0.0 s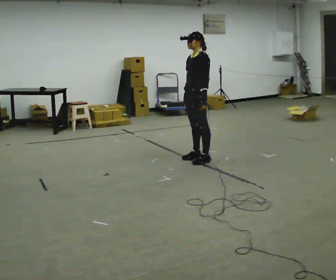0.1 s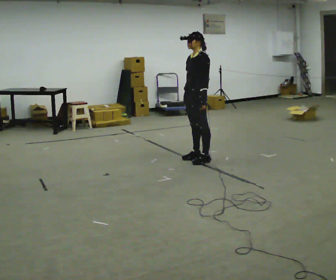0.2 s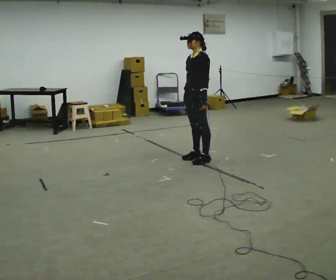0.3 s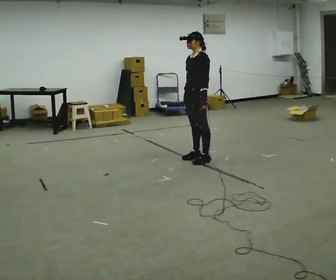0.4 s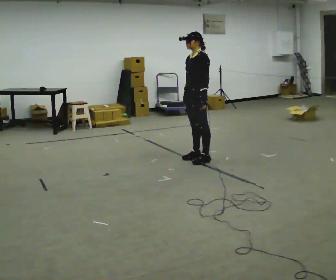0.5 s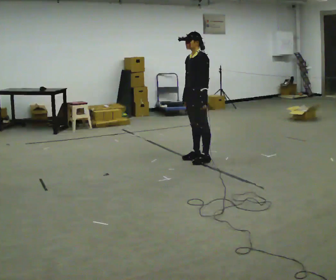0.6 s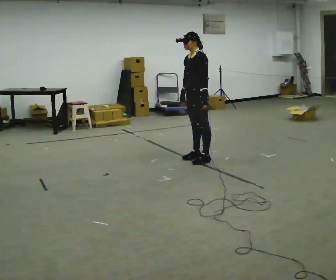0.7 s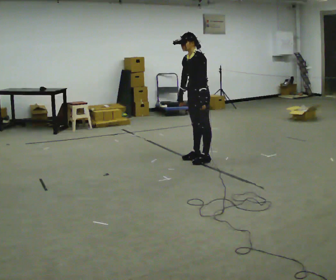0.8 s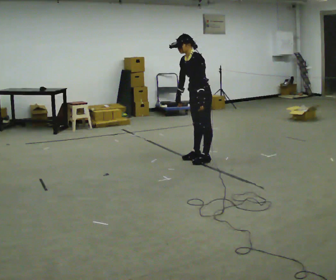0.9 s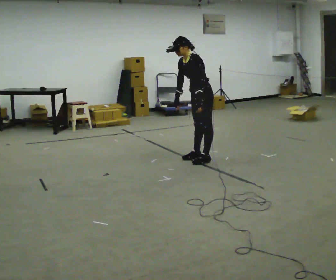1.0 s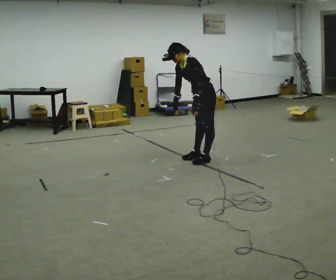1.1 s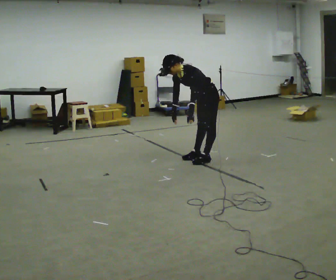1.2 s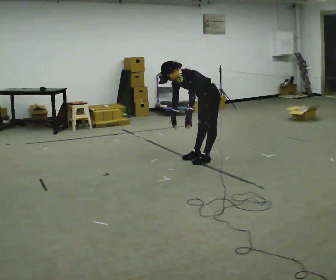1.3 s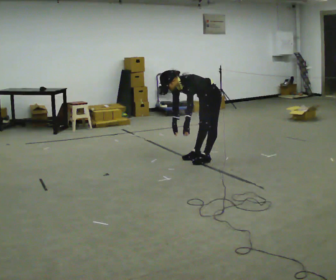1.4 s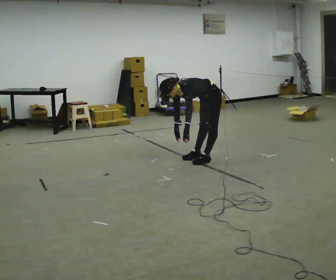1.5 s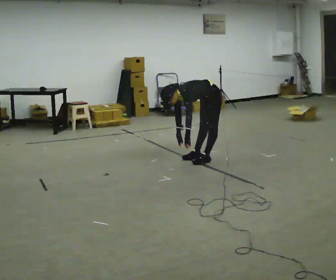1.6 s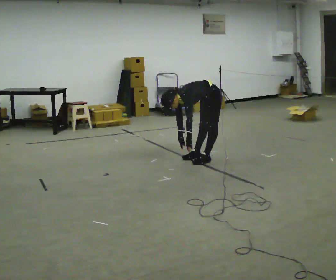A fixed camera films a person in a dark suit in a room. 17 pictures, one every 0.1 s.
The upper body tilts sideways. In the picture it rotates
counterclockwise.
Their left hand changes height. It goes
downward.
0.0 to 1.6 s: The shoulders move downward. In the picture the upper body tilts counterclockwise, shoulders to the left, as they bend forward. In the picture their right hand goes downward.
The film runs forward here.
